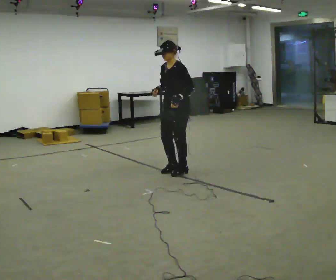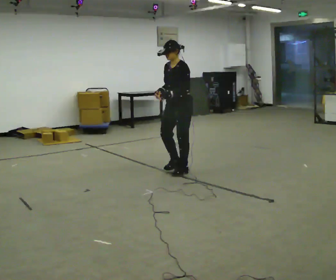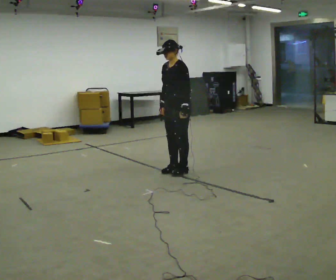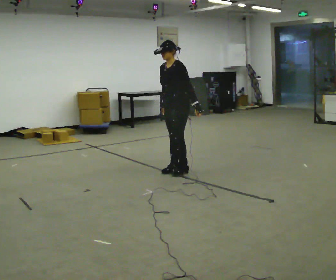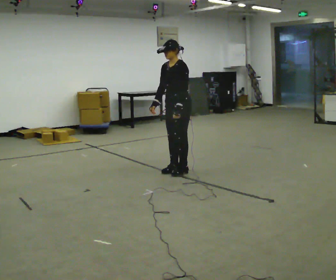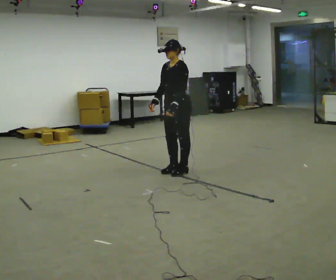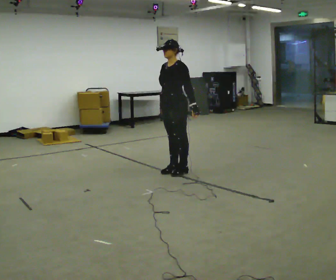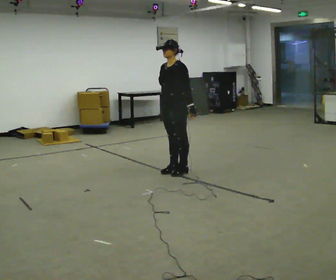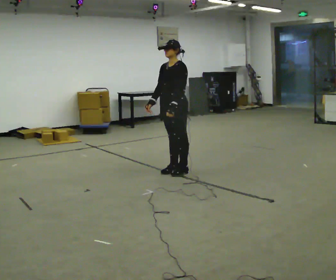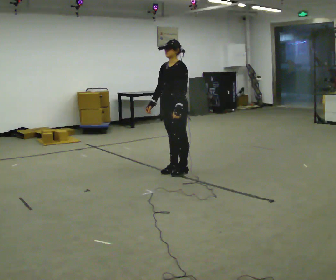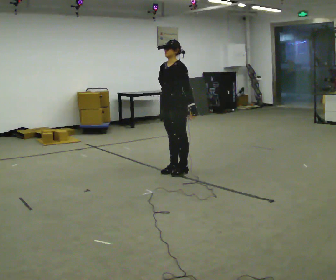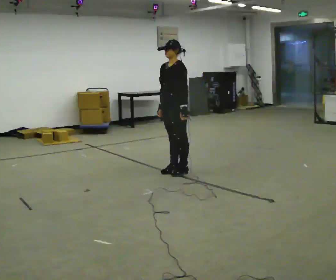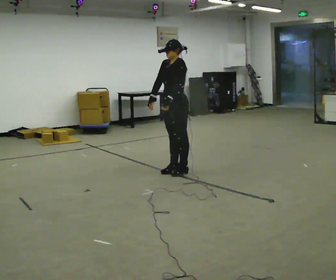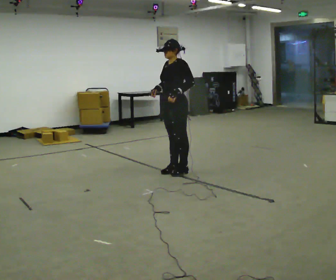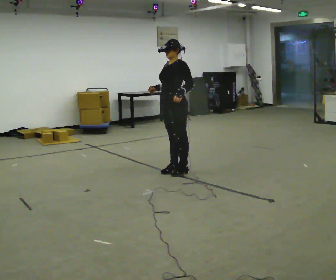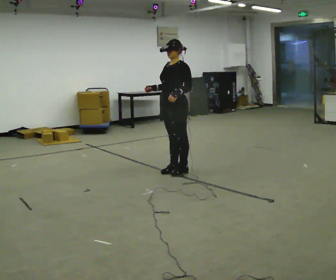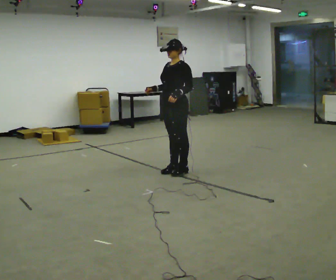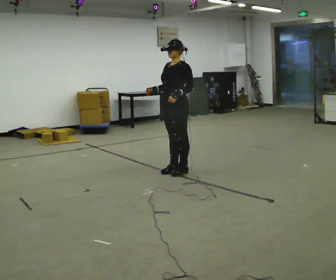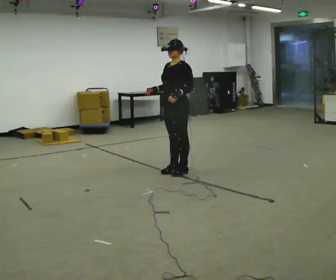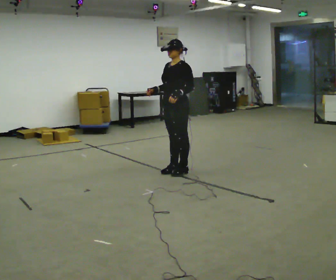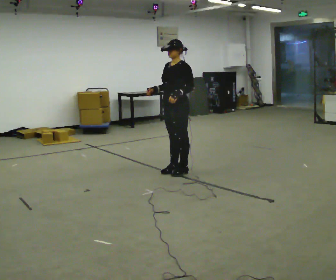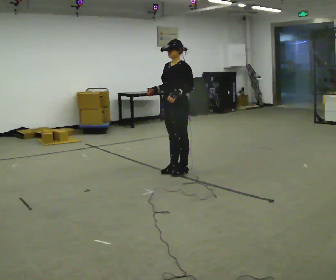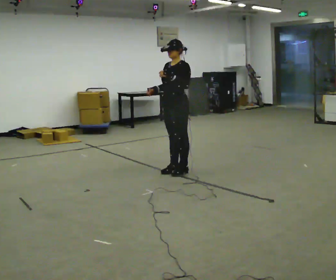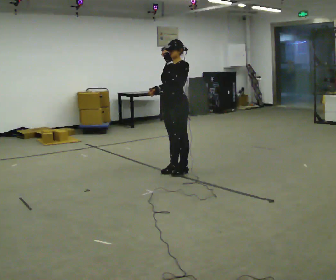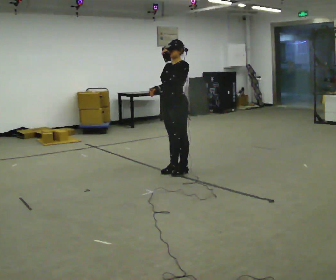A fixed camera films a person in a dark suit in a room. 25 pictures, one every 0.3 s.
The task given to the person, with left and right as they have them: Move your feet as fast as you can on the spot with small quick steps, until the operator says stop.
0.0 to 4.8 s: The person moves a little, or ends about where they began.
4.8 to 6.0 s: The person keeps their place and pose.
6.0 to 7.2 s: In the picture their left hand goes upward.
The film runs forward here.
